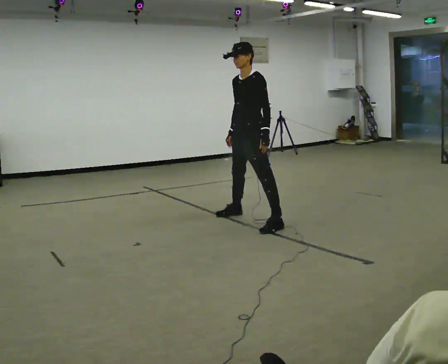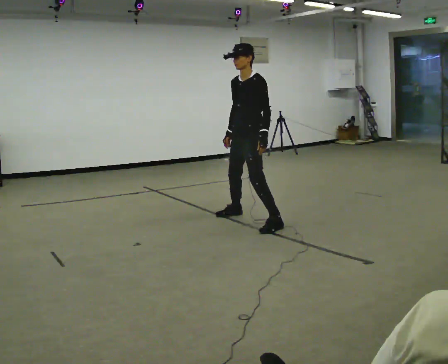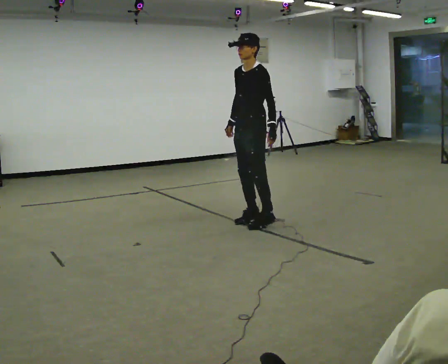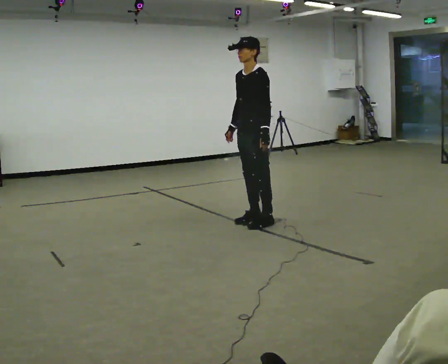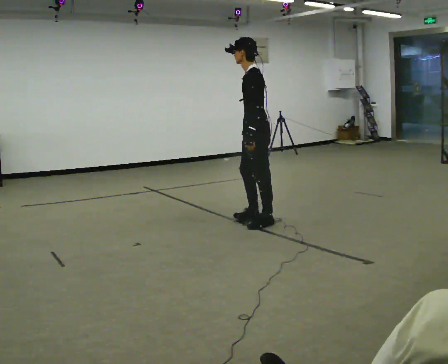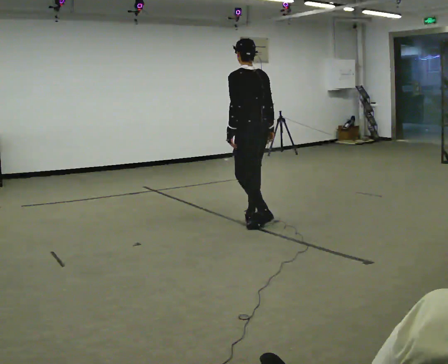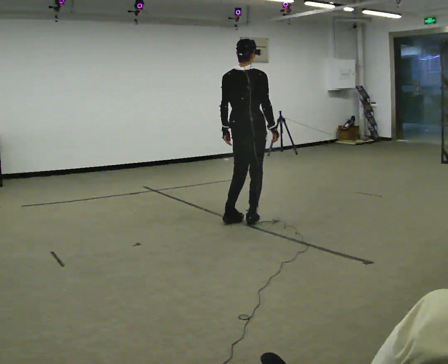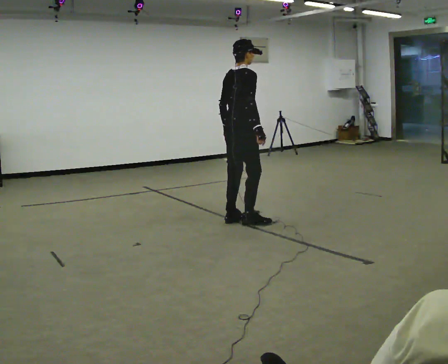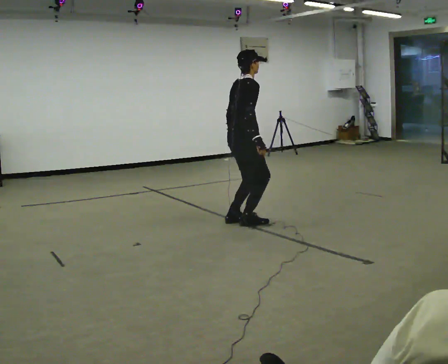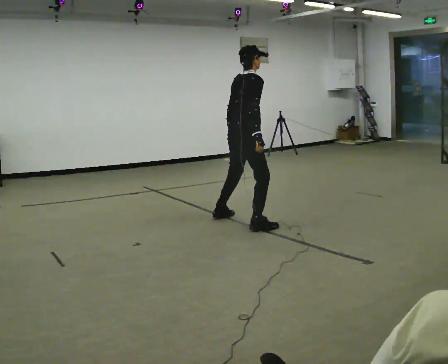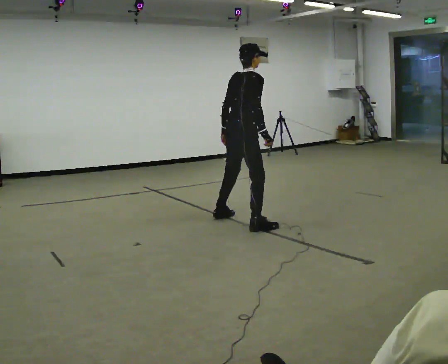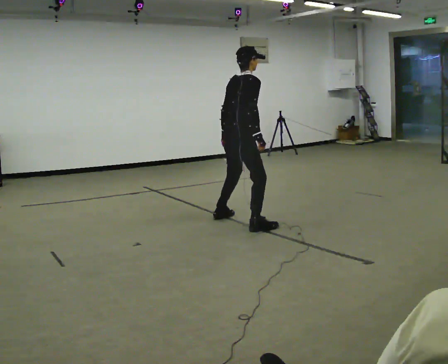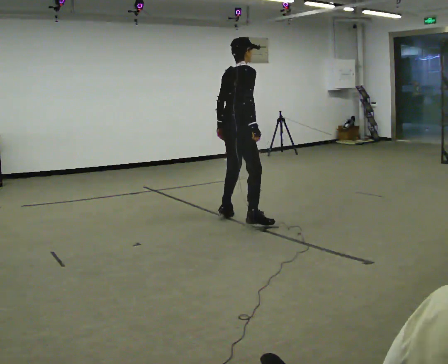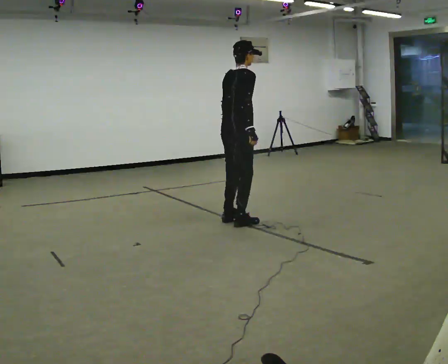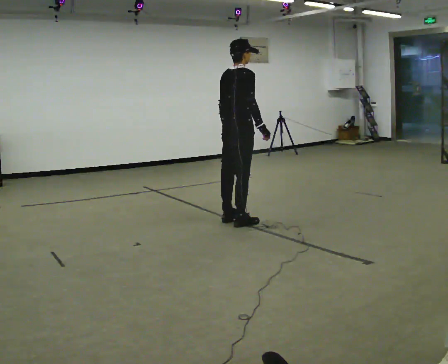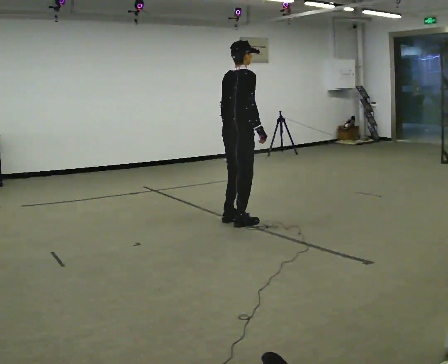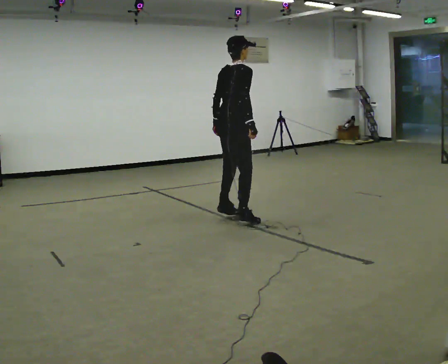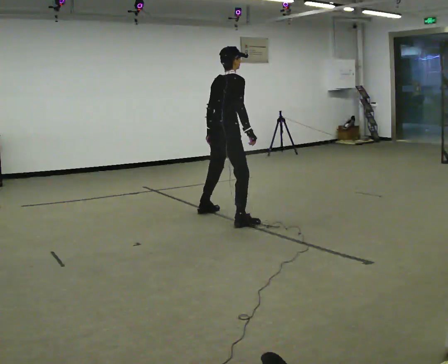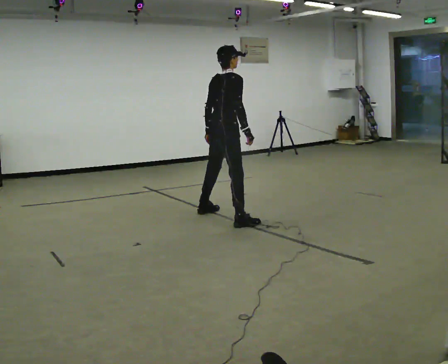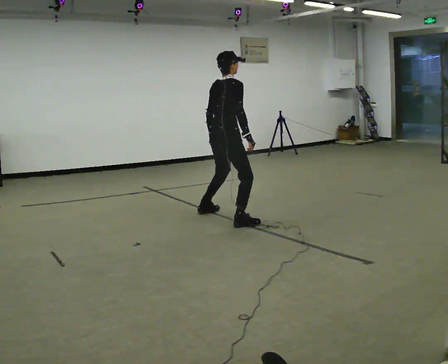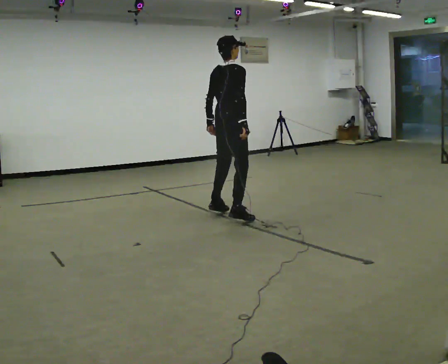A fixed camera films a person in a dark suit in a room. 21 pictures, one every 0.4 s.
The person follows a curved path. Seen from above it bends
clockwise.
0.0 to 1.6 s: The person turns about 45 degrees to their right, clockwise seen from above, so the part of the body nearest the lens slides to the left.
1.6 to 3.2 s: The part of the body nearest the lens slides to the left as the person turns to their right by about 150 degrees. In the picture they go to the left, about 0.25 m in 1 step. In the picture the upper body tilts clockwise, shoulders to the right.
3.2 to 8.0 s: In the picture they go away from the camera, about 0.25 m in 4 steps, which for them is to their left.
The film runs forward here.
